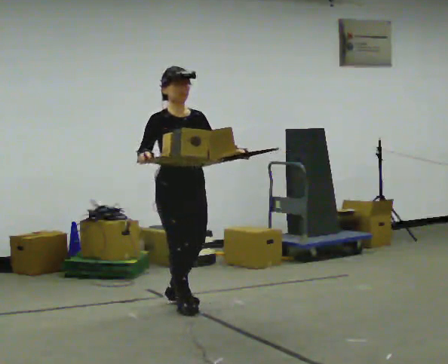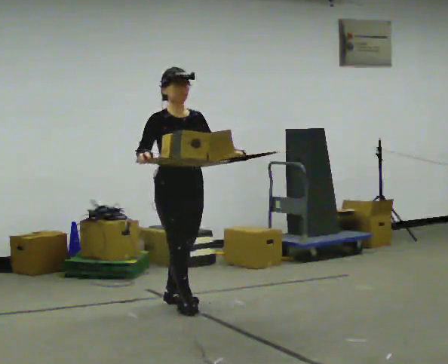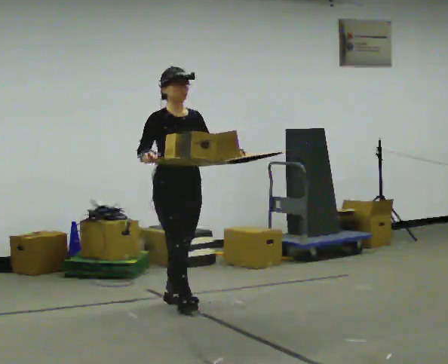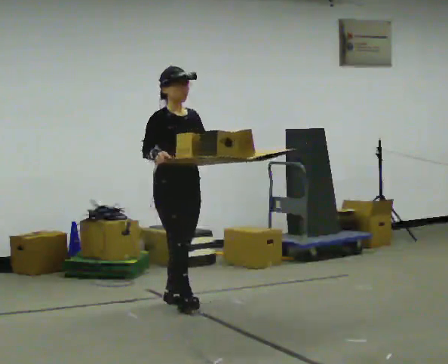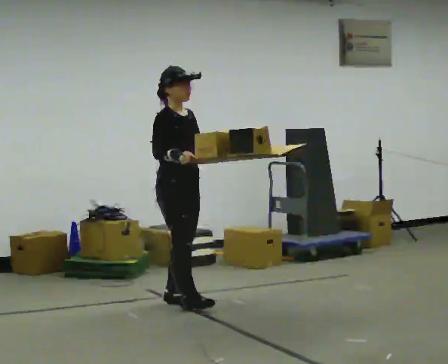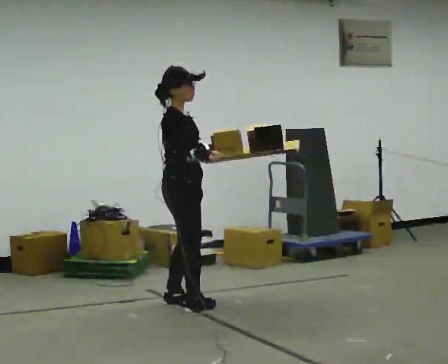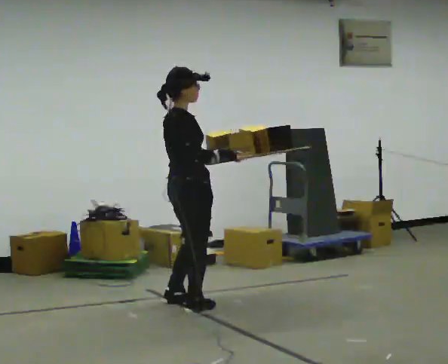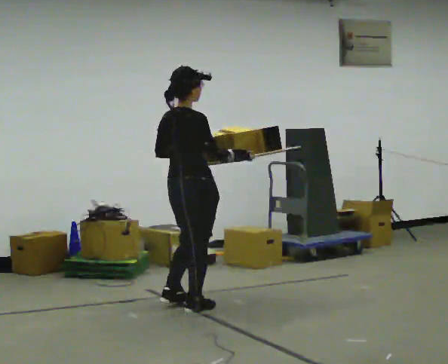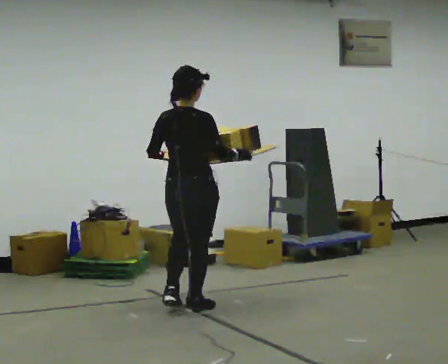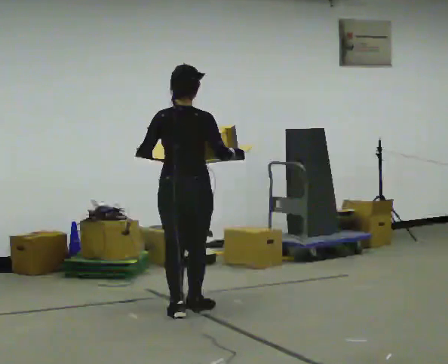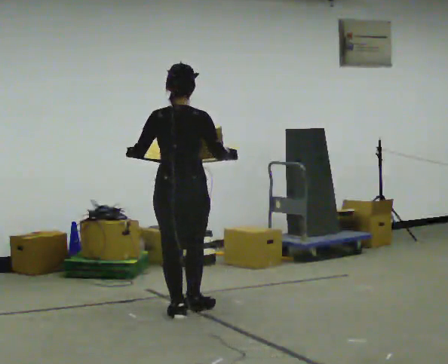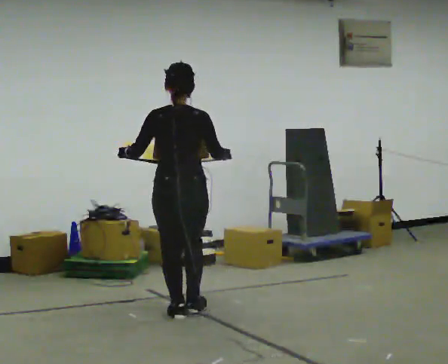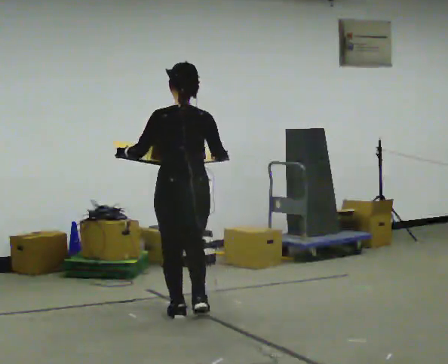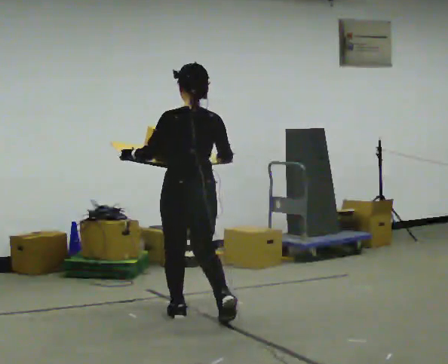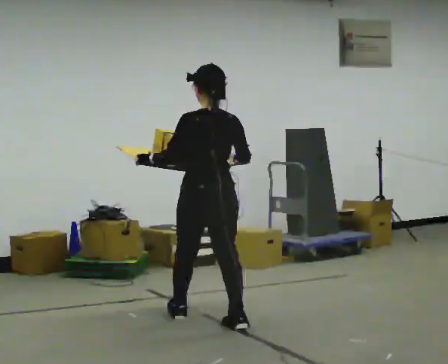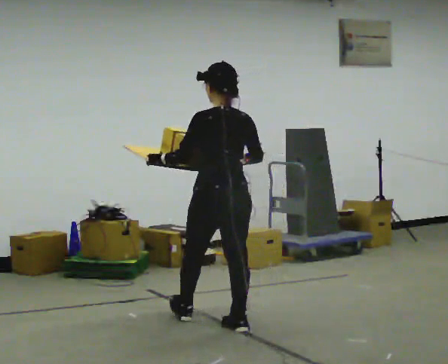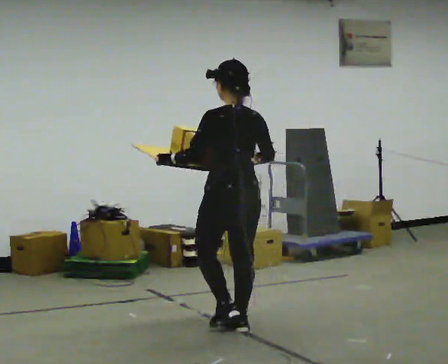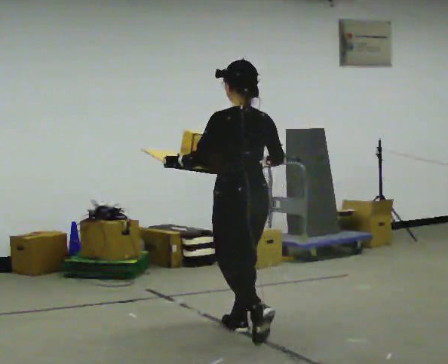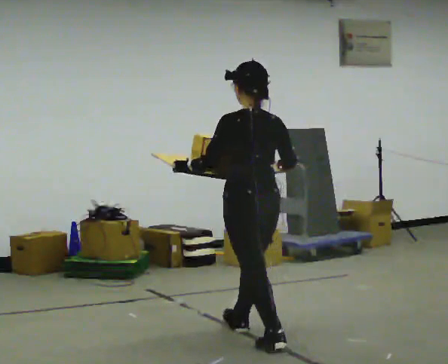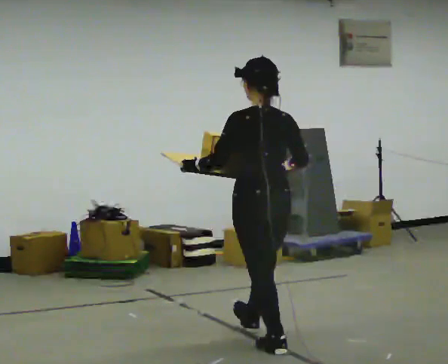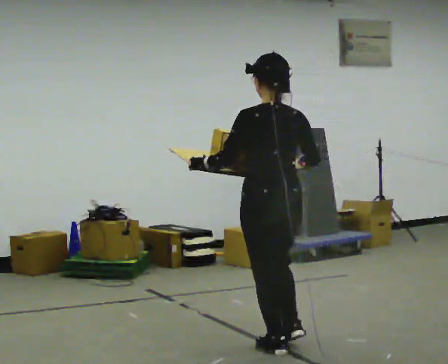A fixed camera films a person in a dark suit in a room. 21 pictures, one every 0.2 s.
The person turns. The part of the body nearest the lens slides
to the right.
The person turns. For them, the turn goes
to their left.
0.0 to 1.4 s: The person turns about 105 degrees to their left, counterclockwise seen from above, so the part of the body nearest the lens slides to the right. In the picture their left hand goes to the left.
1.4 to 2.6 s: The part of the body nearest the lens slides to the right as the person turns to their left by about 60 degrees. In the picture they go toward the camera, about 0.25 m in 1 step.
2.6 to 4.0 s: In the picture they go toward the camera and to the right, about 1 m in 2 steps, which for them is backward.
The film runs backward here.
